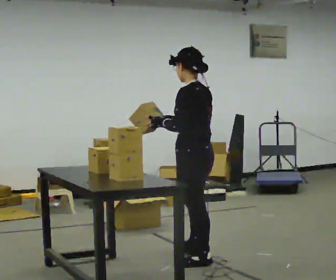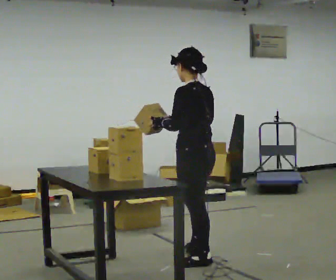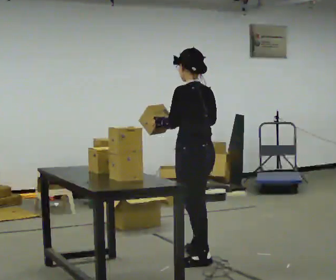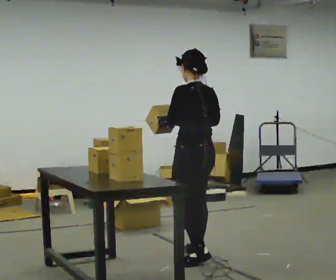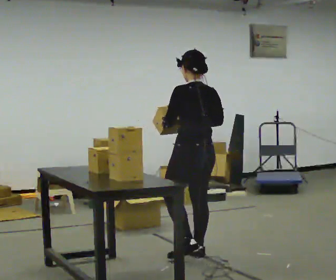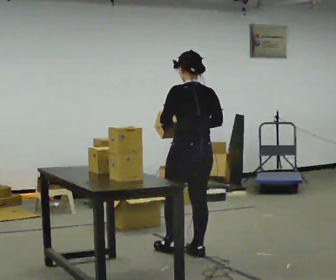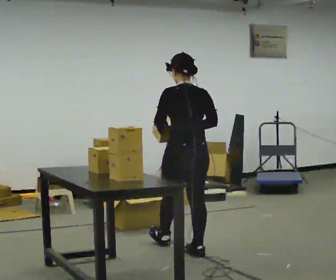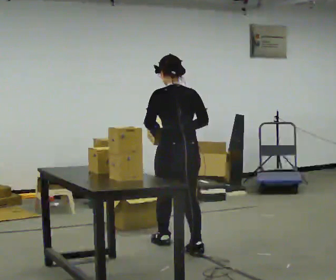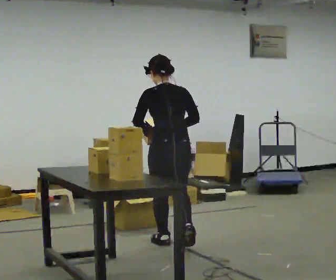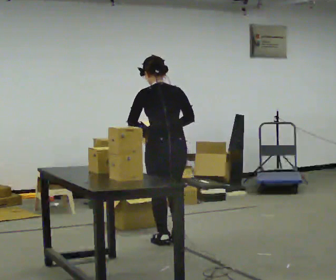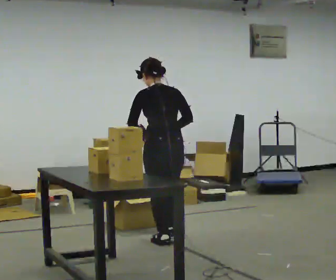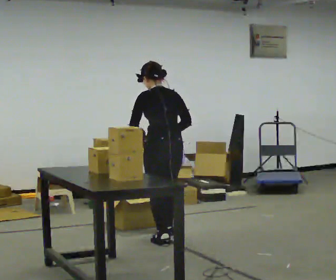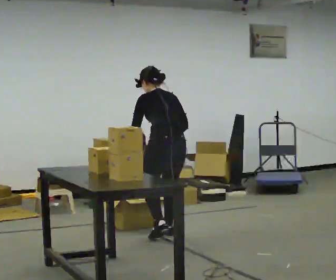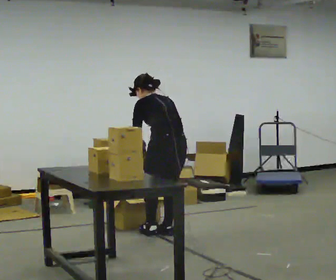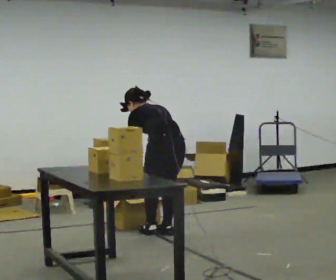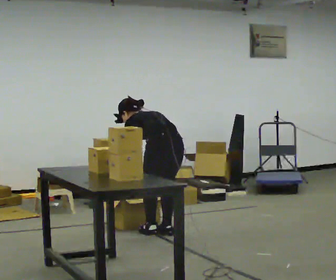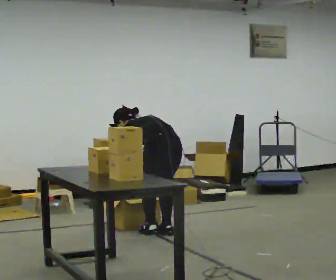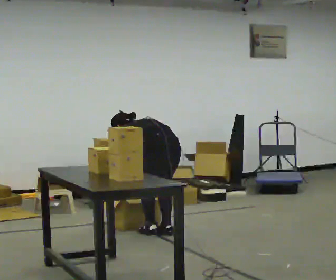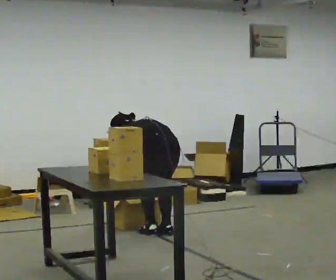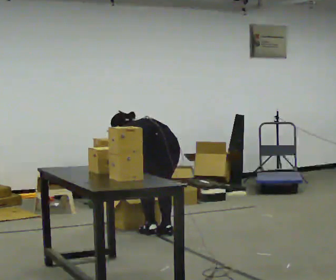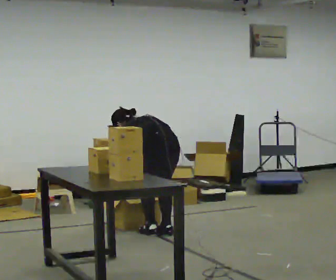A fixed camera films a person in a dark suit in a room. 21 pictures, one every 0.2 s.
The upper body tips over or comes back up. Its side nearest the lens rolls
upward.
Their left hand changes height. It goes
downward.
0.0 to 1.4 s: The person turns about 45 degrees to their right, clockwise seen from above, so the part of the body nearest the lens slides to the left. In the picture they go away from the camera, about 0.5 m in 1 step, which for them is forward and to their right.
1.4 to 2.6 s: In the picture they go away from the camera, about 0.5 m in 1 step, which for them is forward. The upper body tips away from the camera, its near side rolling upward, as they bend forward.
2.6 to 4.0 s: The upper body goes downward. In the picture the upper body tilts counterclockwise, shoulders to the left, as they bend forward.
The film runs forward here.
